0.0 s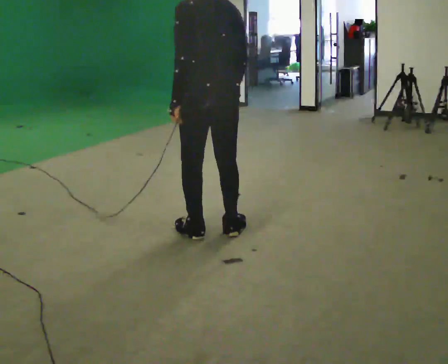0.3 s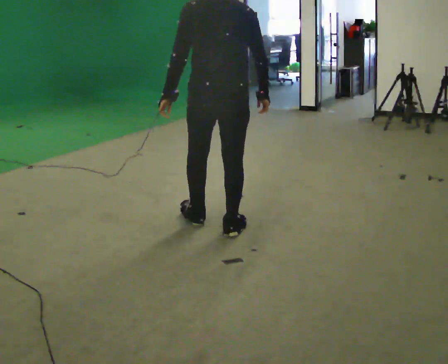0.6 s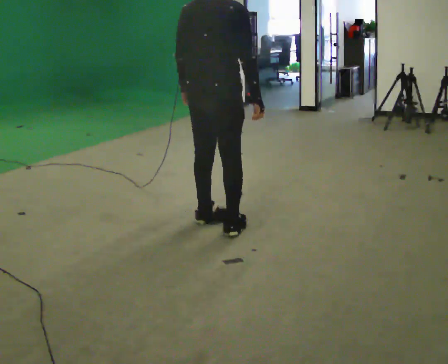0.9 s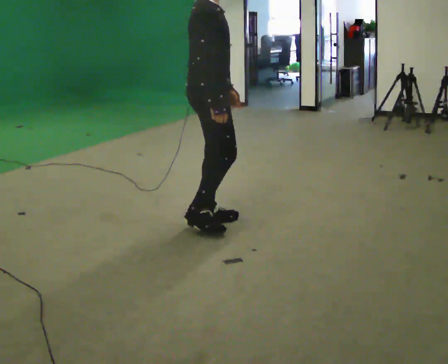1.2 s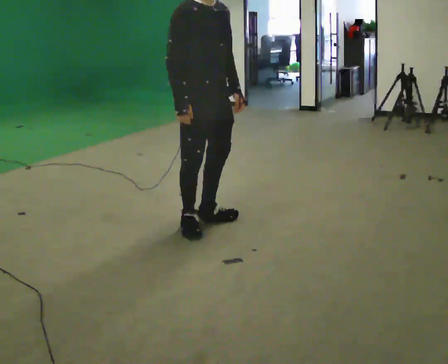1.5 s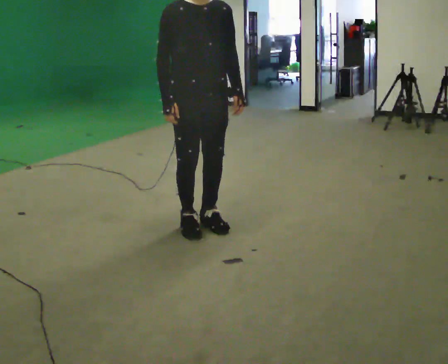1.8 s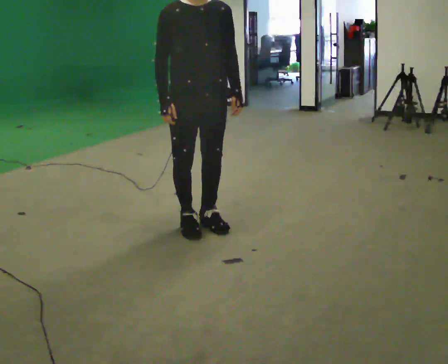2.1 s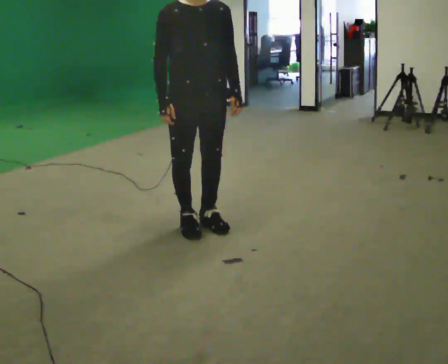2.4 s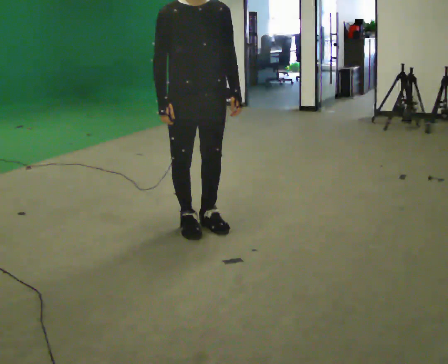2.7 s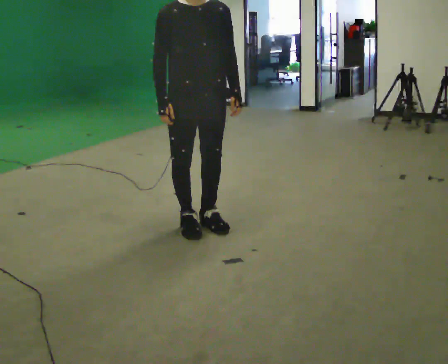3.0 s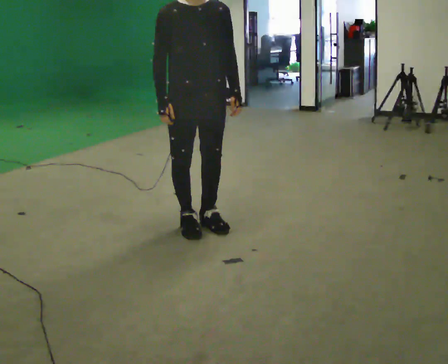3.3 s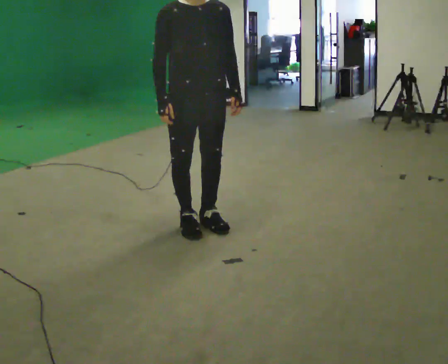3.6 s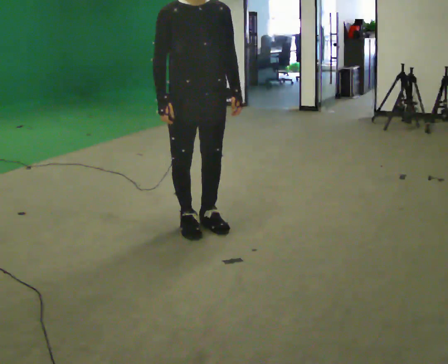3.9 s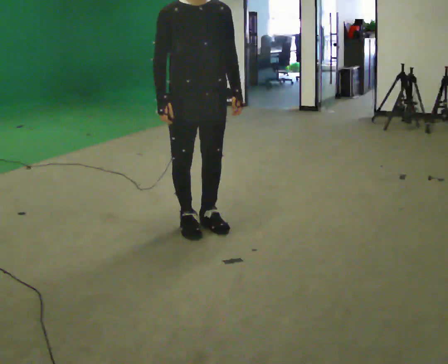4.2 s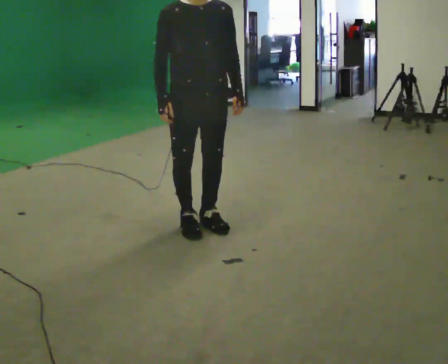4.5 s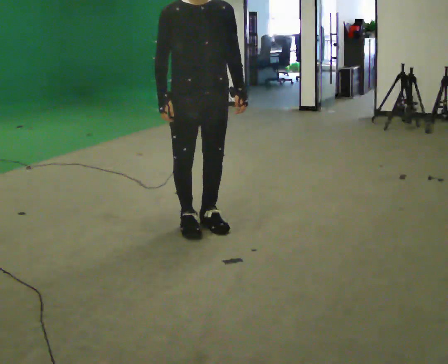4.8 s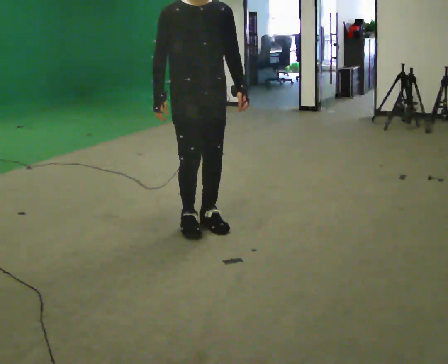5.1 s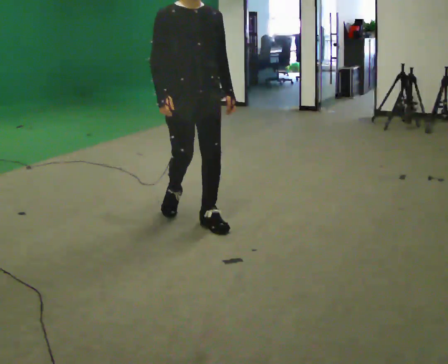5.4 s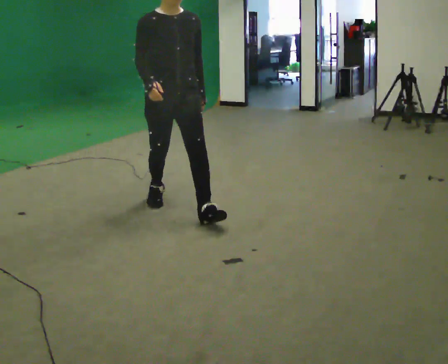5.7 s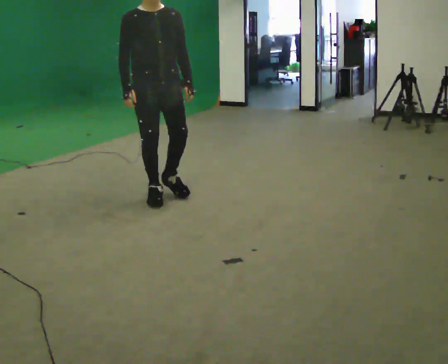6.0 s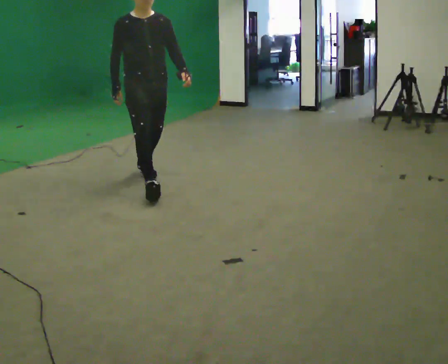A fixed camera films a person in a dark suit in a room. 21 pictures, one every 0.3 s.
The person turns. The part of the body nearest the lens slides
to the left.
The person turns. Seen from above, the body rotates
clockwise.
0.0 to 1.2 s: Seen from above the body turns clockwise, about 150 degrees: to their right, with its near side sliding to the left. In the picture their right hand goes to the left.
1.2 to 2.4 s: Seen from above the body turns clockwise, about 30 degrees: to their right, with its near side sliding to the left.
2.4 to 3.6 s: The person keeps their place and pose.
3.6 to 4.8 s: The person moves a little, or ends about where they began.
4.8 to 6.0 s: In the picture they go away from the camera and to the left, about 1 m in 2 steps, which for them is backward.
The film runs backward here.
